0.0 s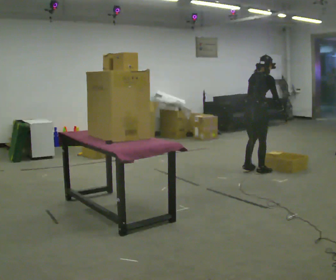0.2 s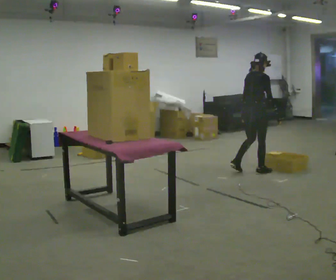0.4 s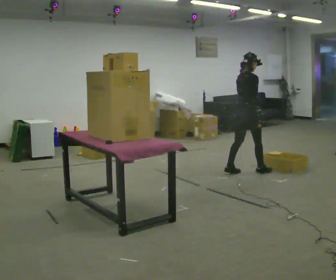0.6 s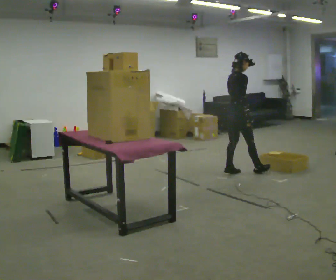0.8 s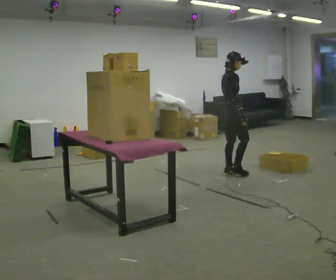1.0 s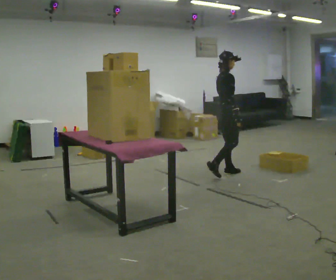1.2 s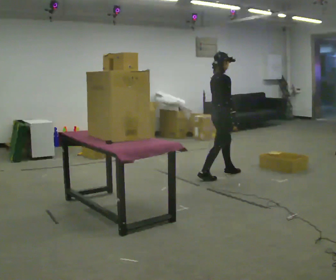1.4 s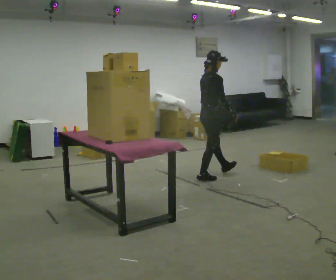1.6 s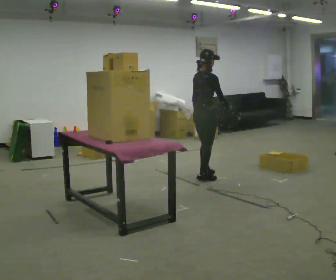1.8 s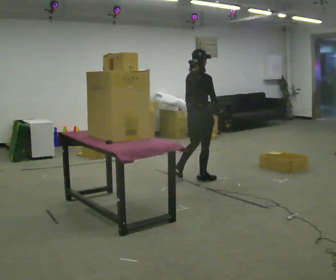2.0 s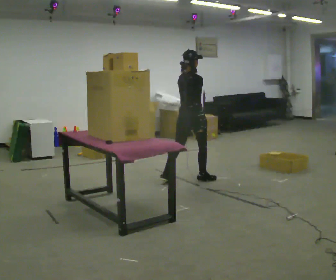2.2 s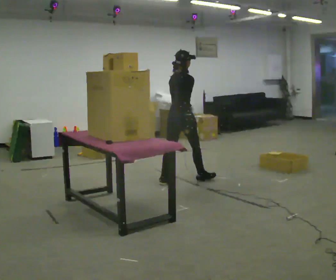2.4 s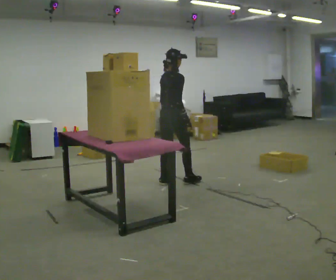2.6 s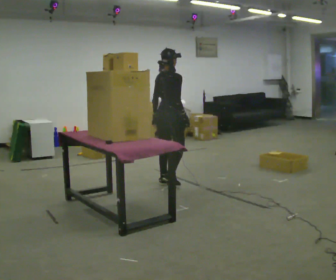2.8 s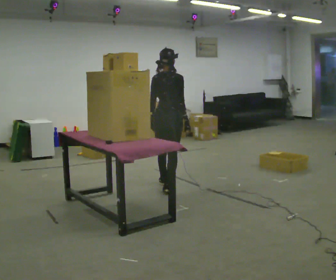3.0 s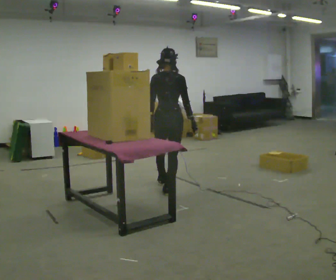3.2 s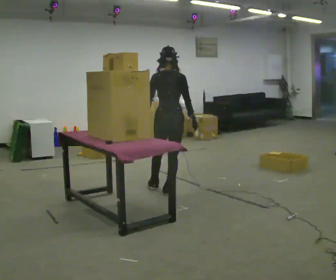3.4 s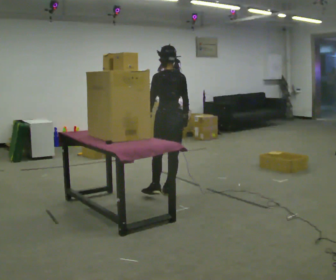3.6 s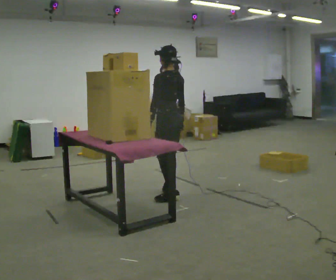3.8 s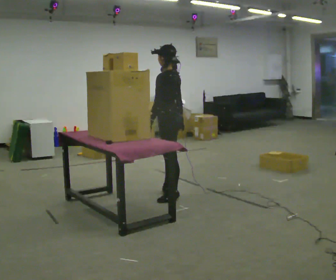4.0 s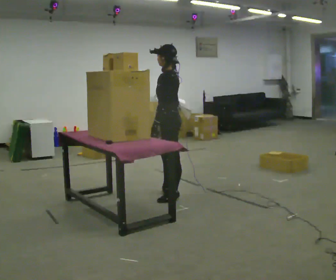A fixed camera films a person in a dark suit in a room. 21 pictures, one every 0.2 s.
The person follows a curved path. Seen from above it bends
counterclockwise.
0.0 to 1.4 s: In the picture they go to the left and toward the camera, about 0.5 m in 2 steps, which for them is backward. In the picture the upper body tilts counterclockwise, shoulders to the left, as they lean back or straighten.
1.4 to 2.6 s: In the picture they go to the left and toward the camera, about 0.5 m in 1 step, which for them is backward.
2.6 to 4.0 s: Seen from above the body turns counterclockwise, about 120 degrees: to their left, with its near side sliding to the right. In the picture they go toward the camera, about 0.5 m in 1 step.
The film runs backward here.
